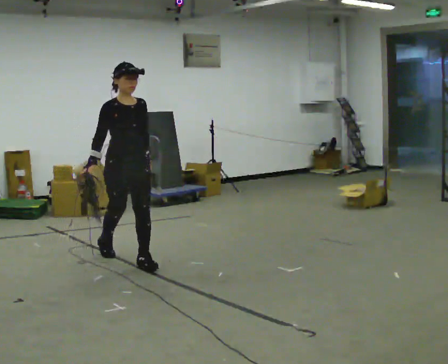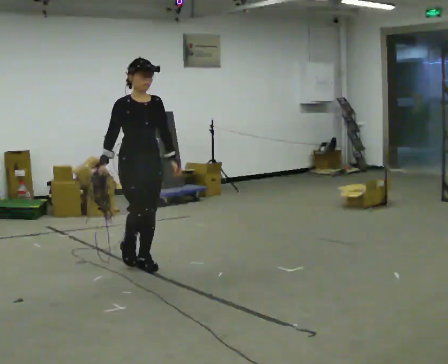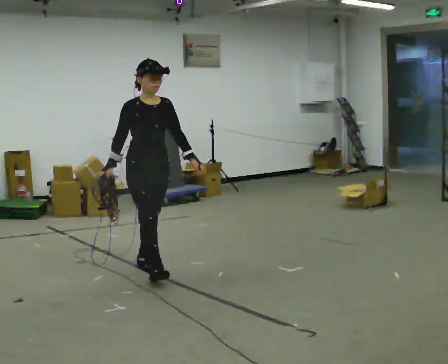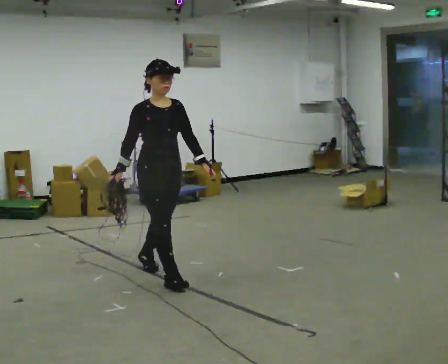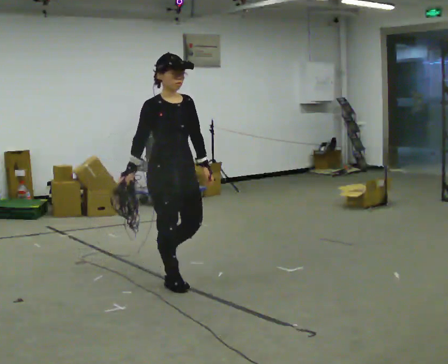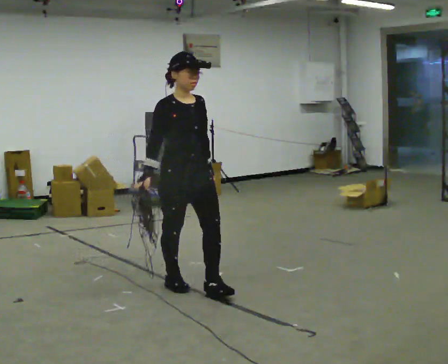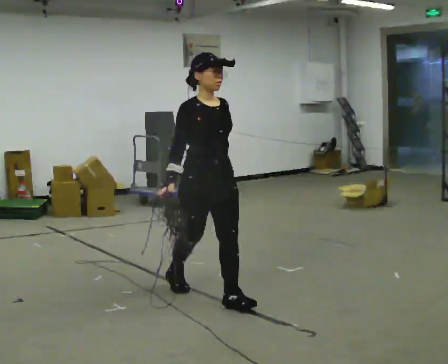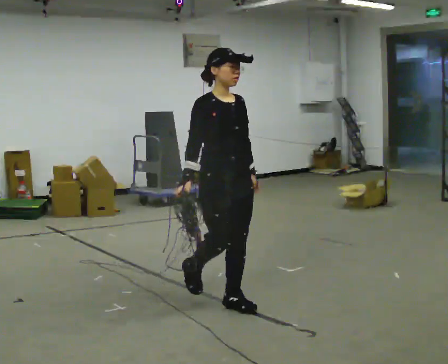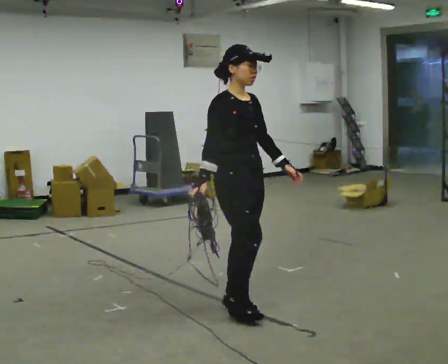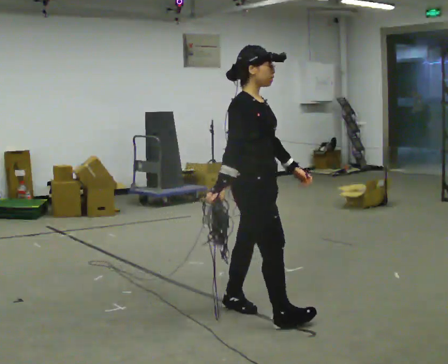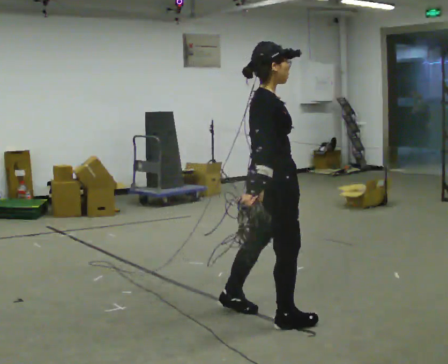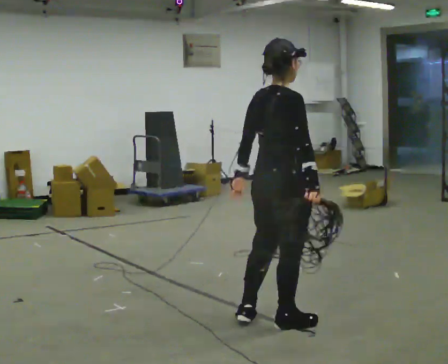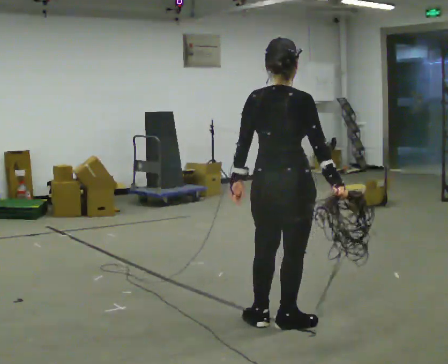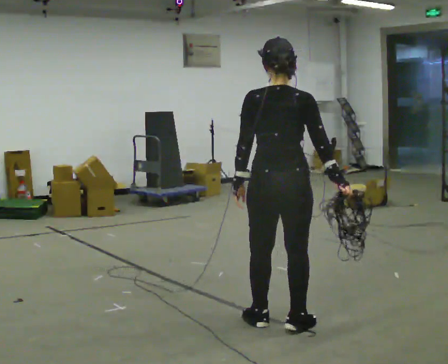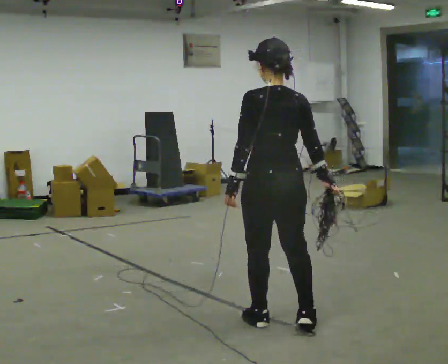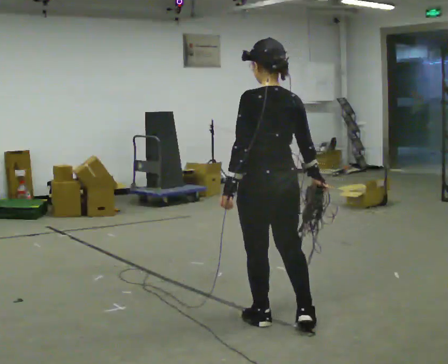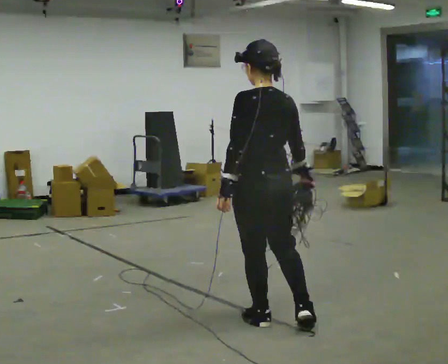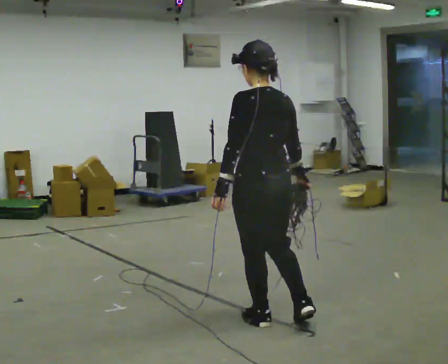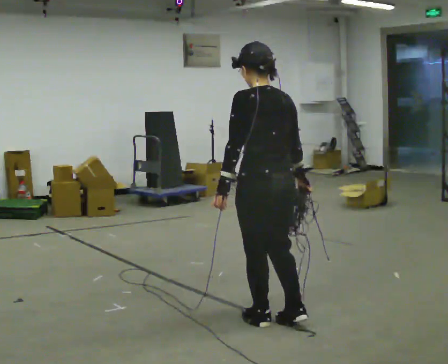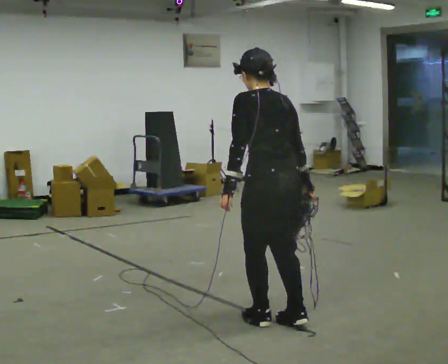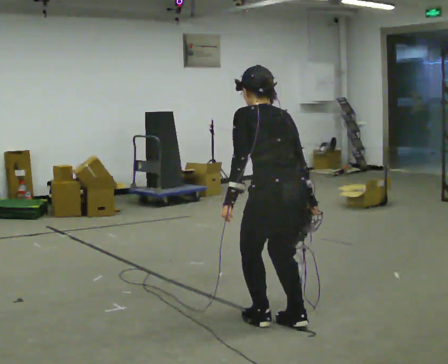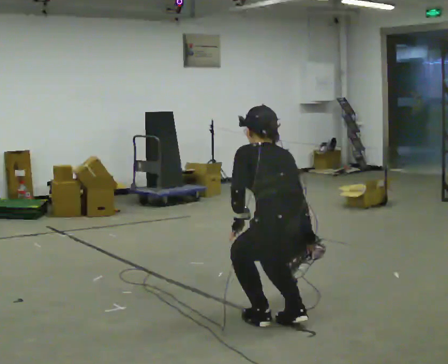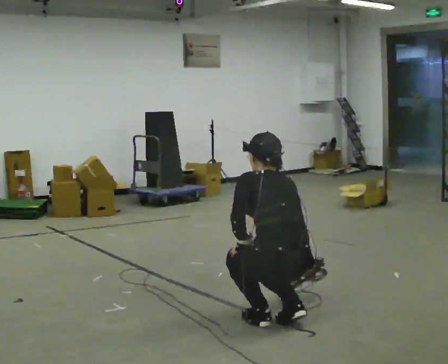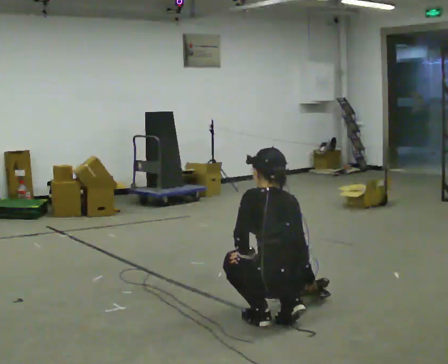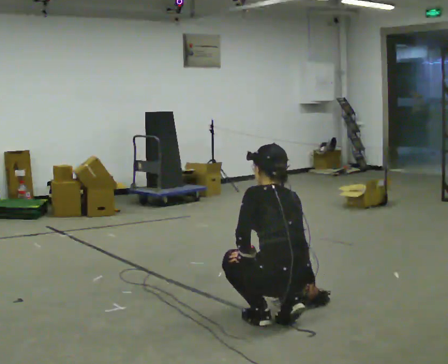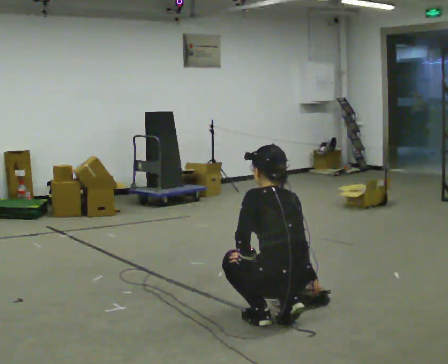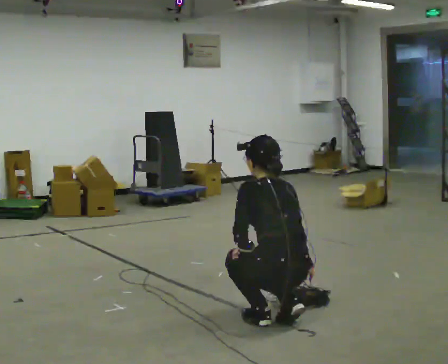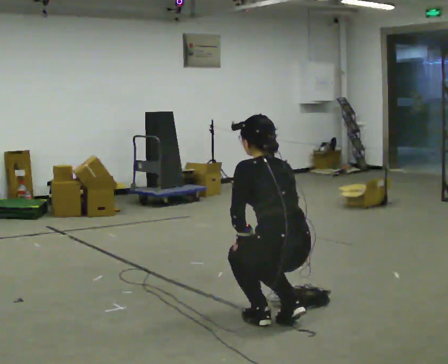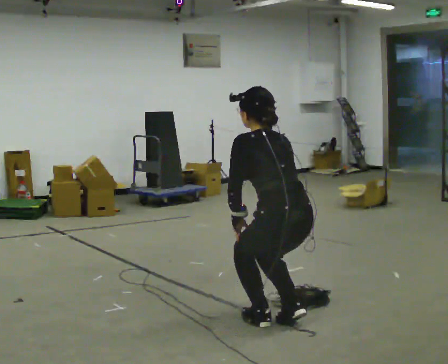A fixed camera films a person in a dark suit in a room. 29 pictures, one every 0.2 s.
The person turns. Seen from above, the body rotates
counterclockwise.
The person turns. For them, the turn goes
to their left.
0.0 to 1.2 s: In the picture they go to the right and toward the camera, about 1 m in 2 steps, which for them is forward.
1.2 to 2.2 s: The person turns about 105 degrees to their left, counterclockwise seen from above, so the part of the body nearest the lens slides to the right. In the picture they go to the right and toward the camera, about 0.75 m in 1 step.
2.2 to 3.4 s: The part of the body nearest the lens slides to the right as the person turns to their left by about 75 degrees.
3.4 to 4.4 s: The shoulders move downward. The upper body tips away from the camera, its near side rolling upward, as they bend forward. In the picture their left hand goes downward.
4.4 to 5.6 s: The upper body goes upward.
The film runs forward here.
